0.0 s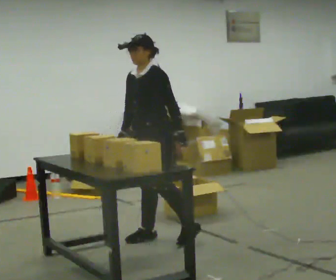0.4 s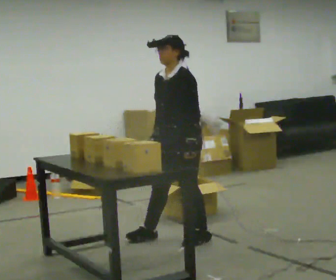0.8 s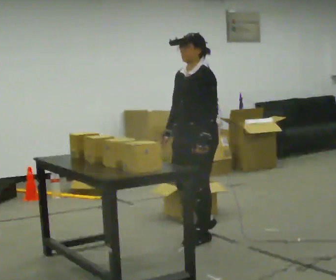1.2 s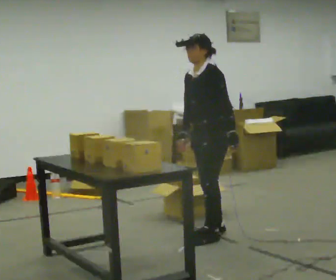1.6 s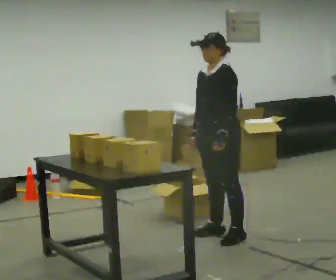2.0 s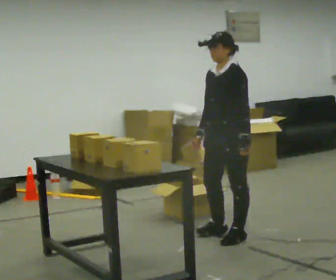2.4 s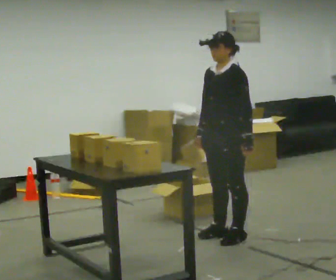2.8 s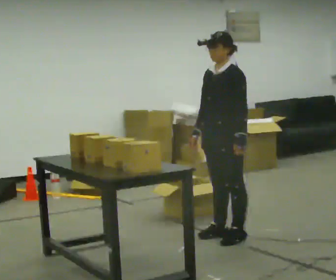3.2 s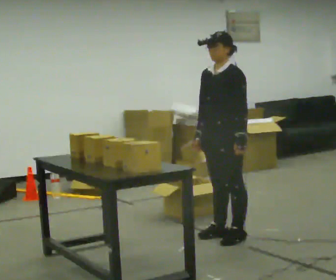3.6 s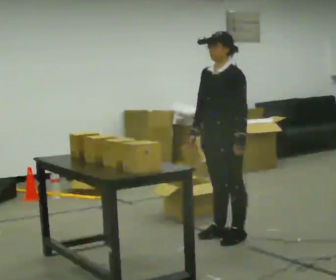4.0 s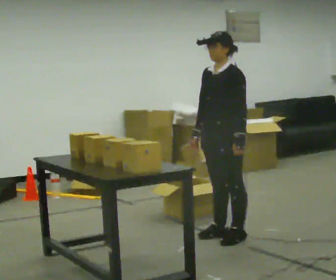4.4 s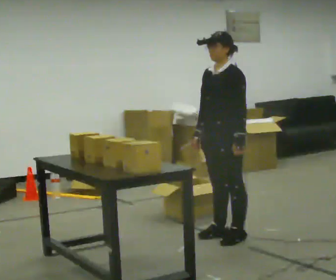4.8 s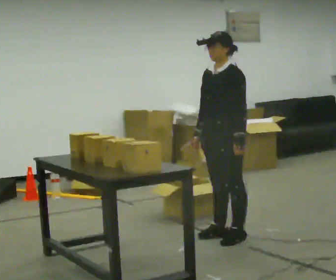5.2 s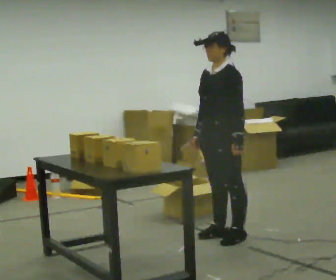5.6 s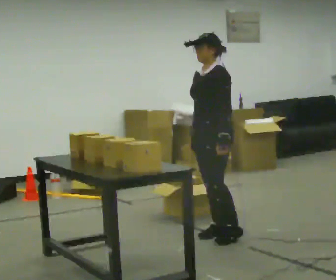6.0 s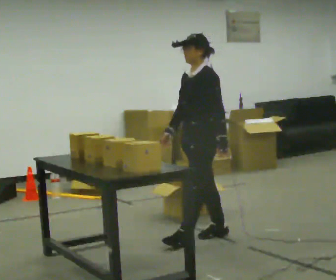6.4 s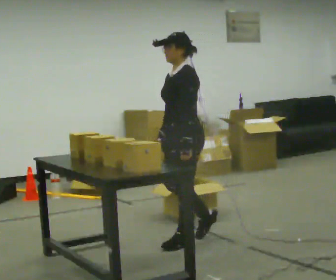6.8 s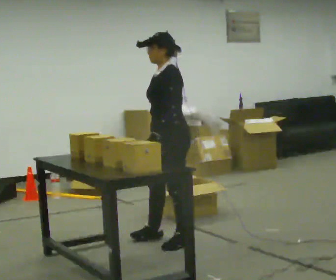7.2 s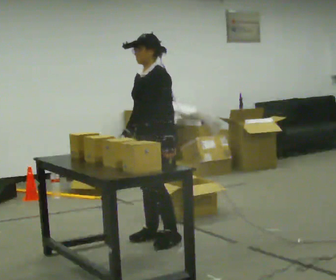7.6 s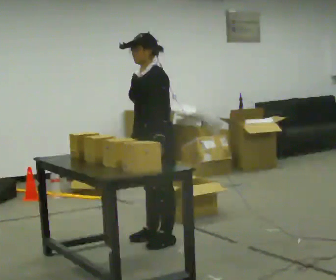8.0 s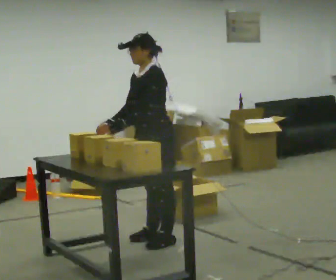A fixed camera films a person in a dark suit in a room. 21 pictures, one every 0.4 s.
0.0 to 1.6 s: In the picture they go to the right, about 0.5 m in 3 steps, which for them is backward and to their left.
1.6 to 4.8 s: The person moves a little, or ends about where they began.
4.8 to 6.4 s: In the picture they go to the left, about 0.25 m in 1 step, which for them is forward.
6.4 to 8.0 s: In the picture they go to the left, about 0.25 m in 1 step, which for them is forward and to their right. In the picture their right hand goes to the left.
The film runs forward here.
